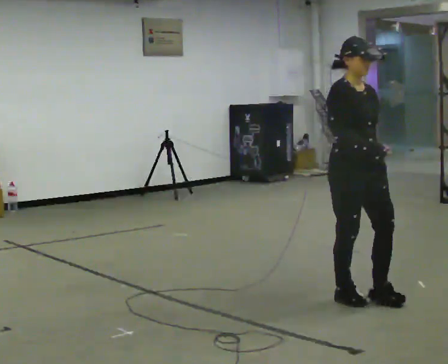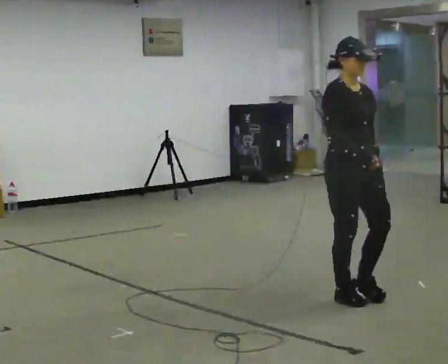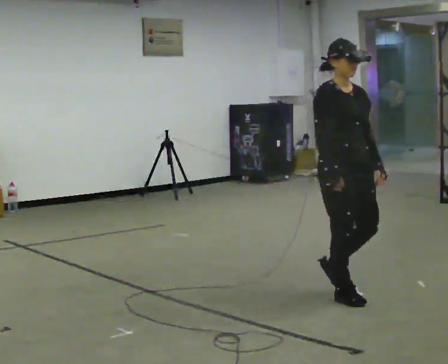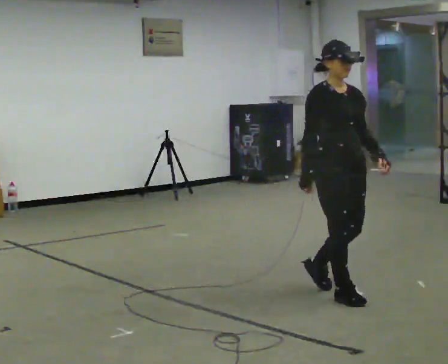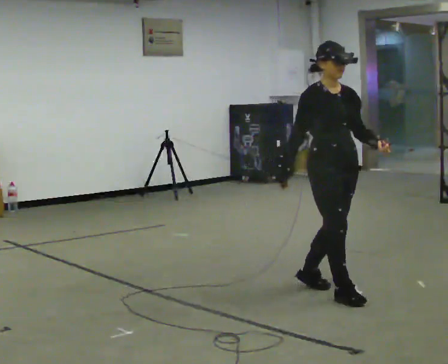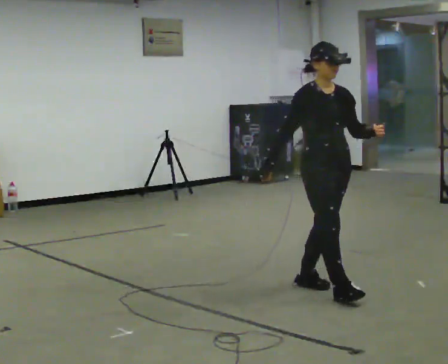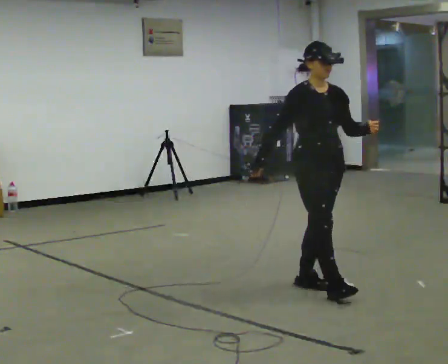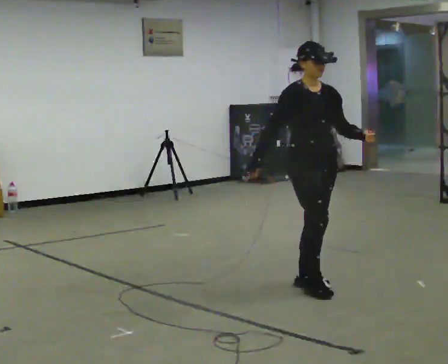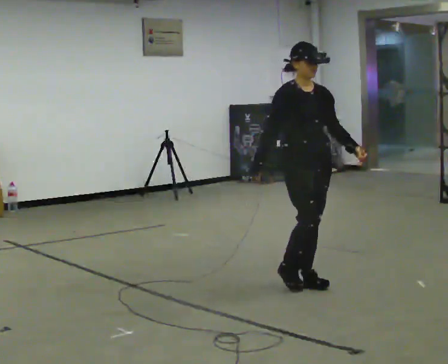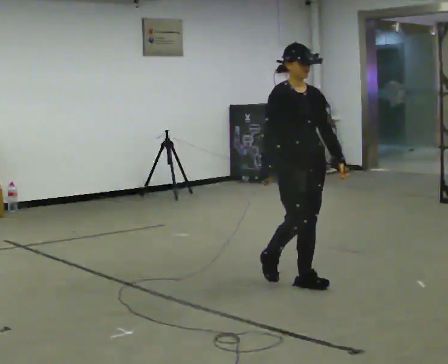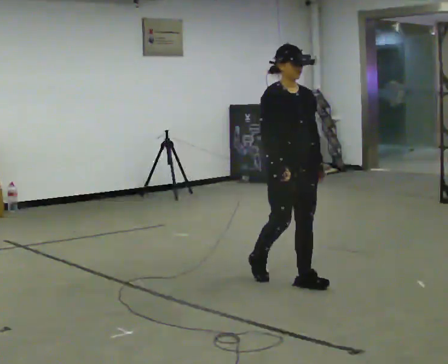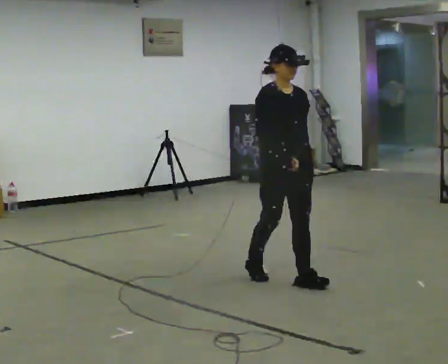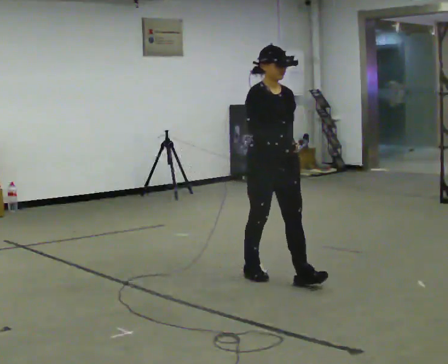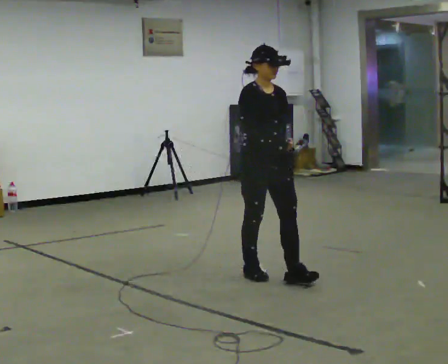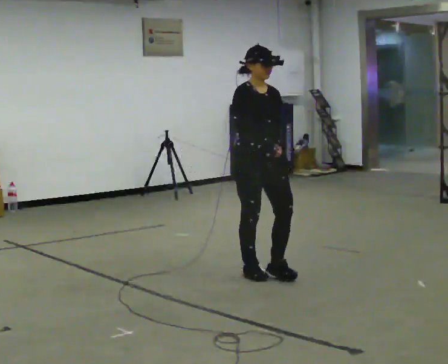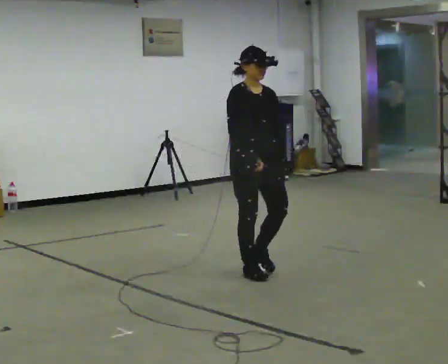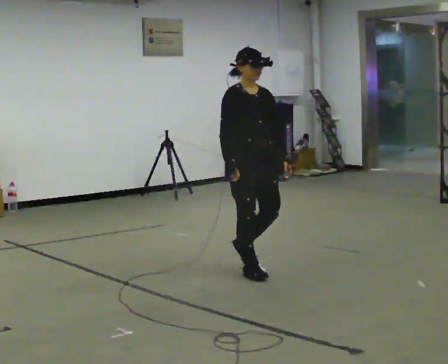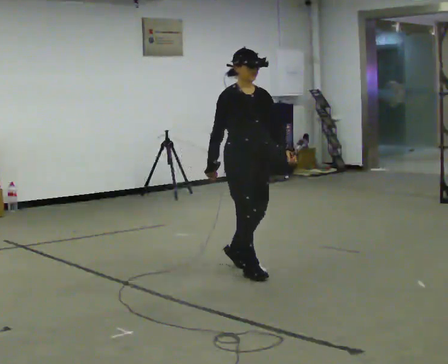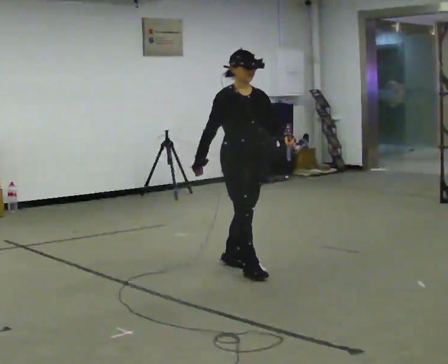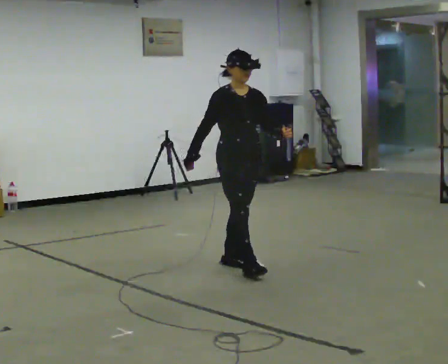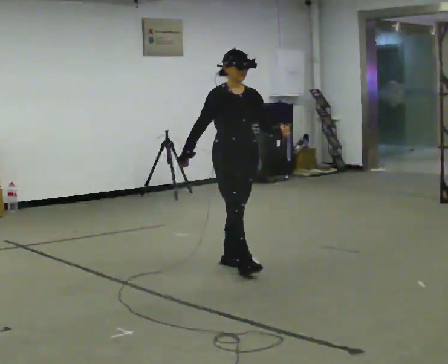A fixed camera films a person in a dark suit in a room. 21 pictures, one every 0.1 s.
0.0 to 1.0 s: In the picture they go away from the camera and to the left, about 0.5 m in 1 step, which for them is backward.
1.0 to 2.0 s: In the picture they go away from the camera and to the left, about 0.75 m in 2 steps, which for them is backward.
The film runs backward here.
